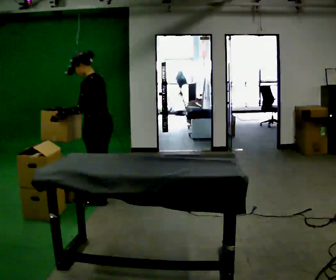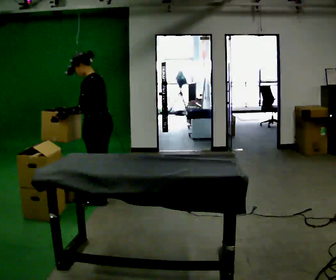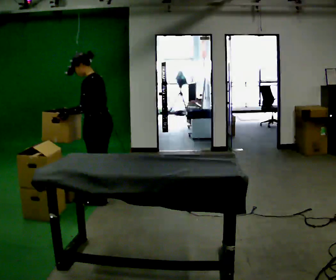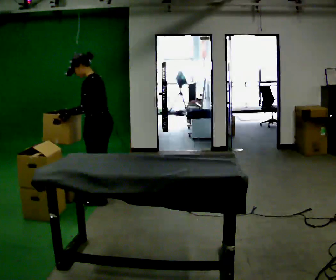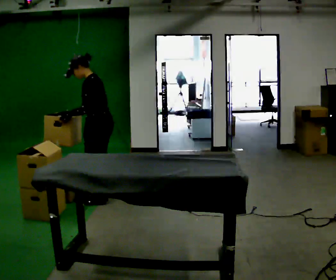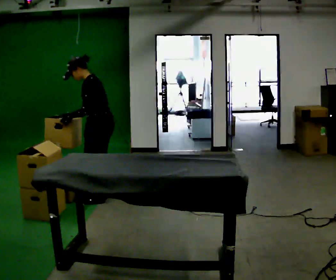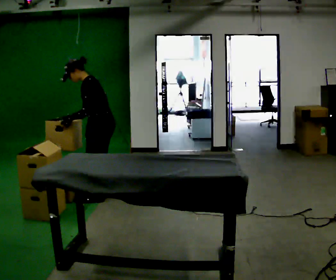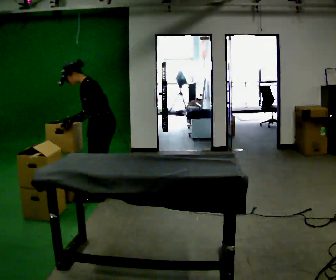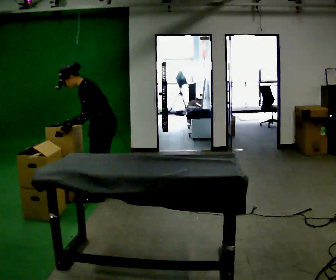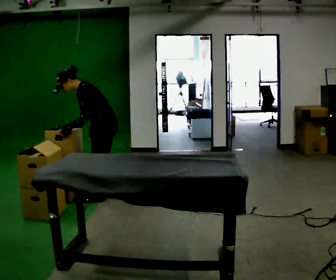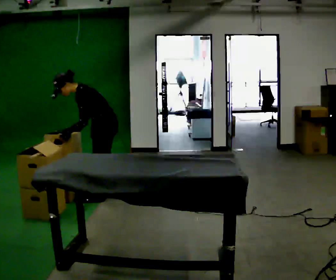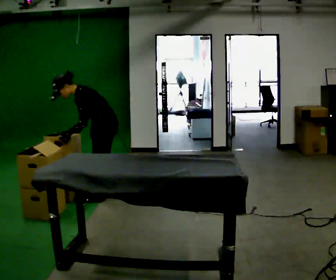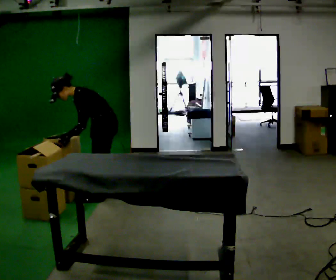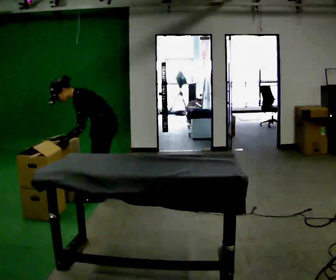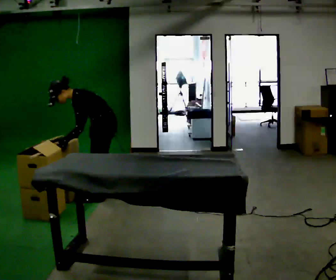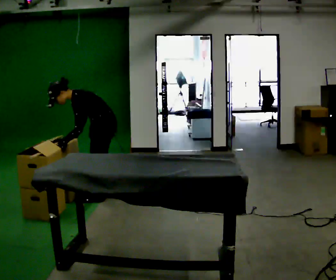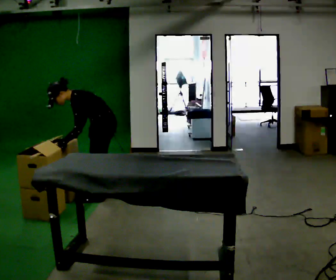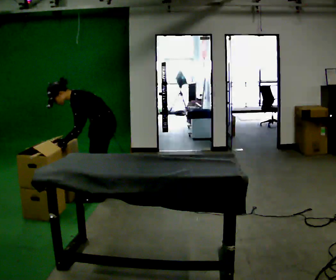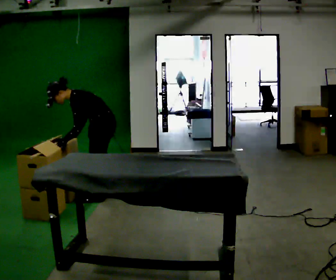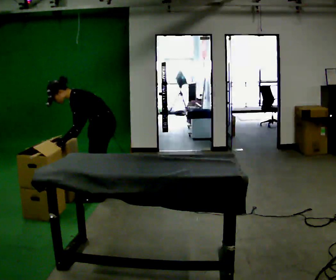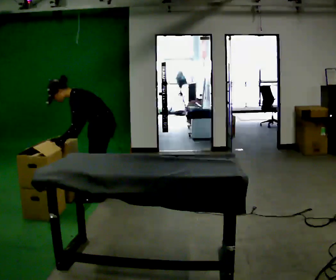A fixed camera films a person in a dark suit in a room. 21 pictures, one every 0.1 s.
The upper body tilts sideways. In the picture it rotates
counterclockwise.
0.0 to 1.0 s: In the picture the upper body tilts counterclockwise, shoulders to the left, as they bend forward.
1.0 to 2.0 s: The person moves a little, or ends about where they began.
The film runs forward here.
